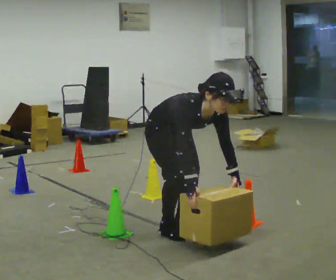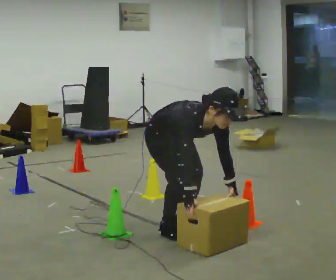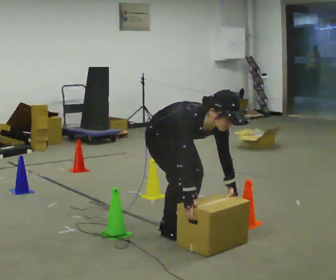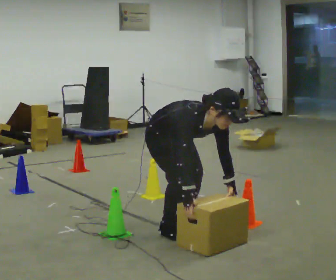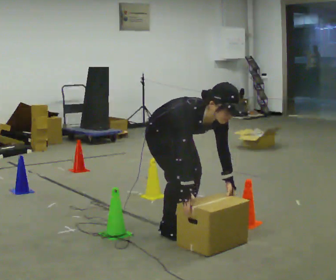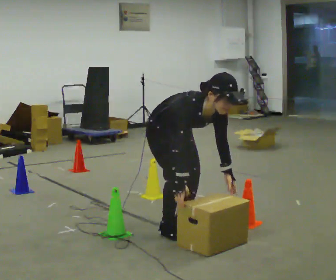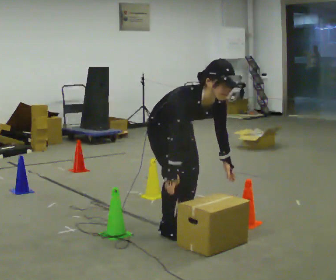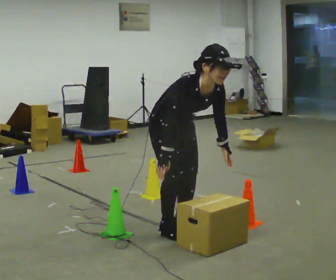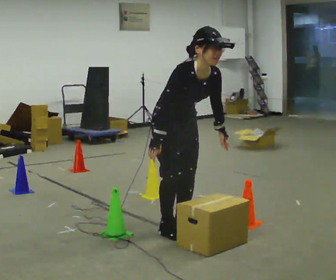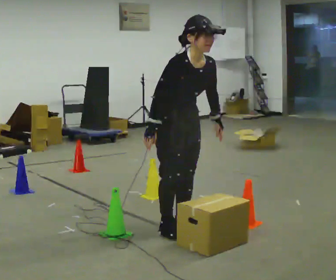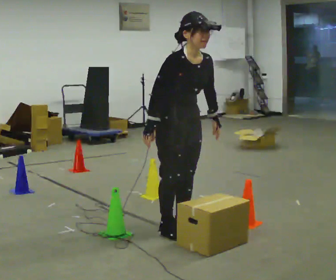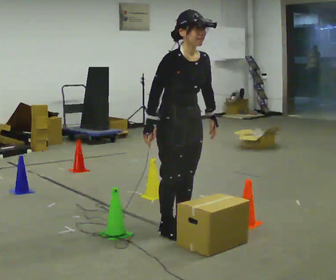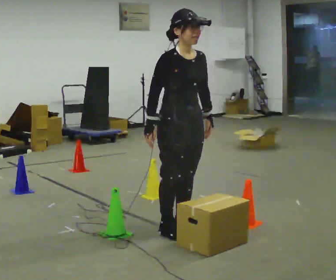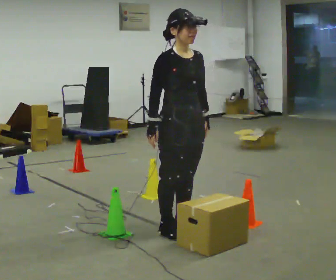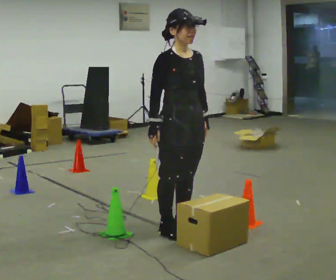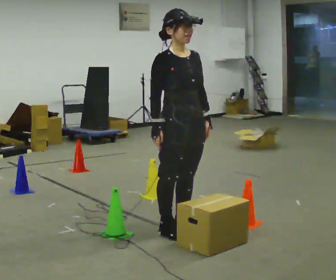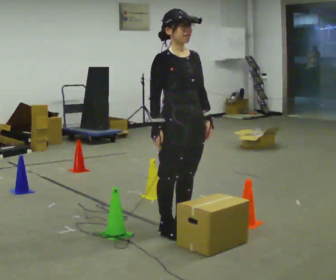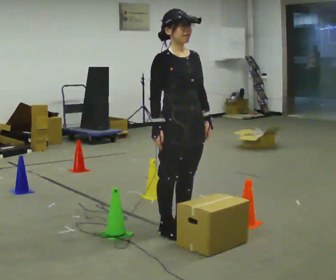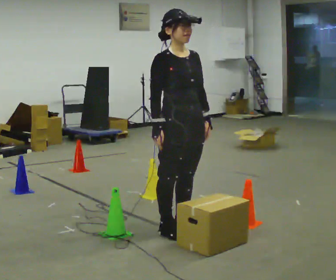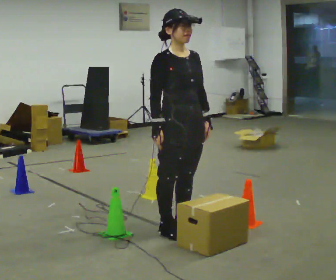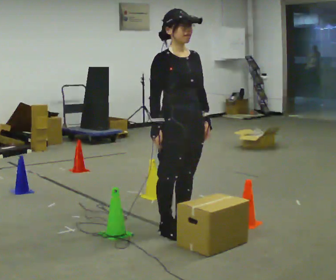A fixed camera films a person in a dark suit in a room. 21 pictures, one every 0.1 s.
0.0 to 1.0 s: The upper body goes upward. The upper body tips away from the camera, its near side rolling upward, as they lean back or straighten. In the picture their right hand goes upward.
1.0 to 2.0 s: The person moves a little, or ends about where they began.
The film runs forward here.
